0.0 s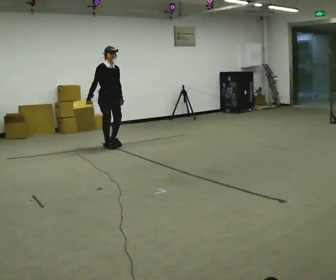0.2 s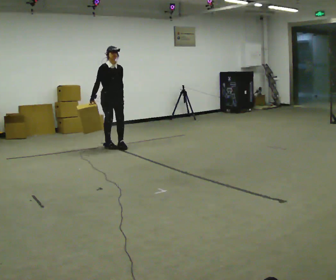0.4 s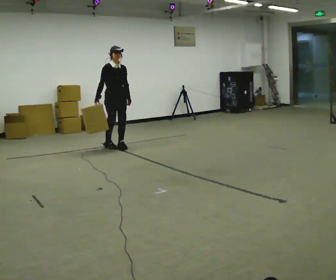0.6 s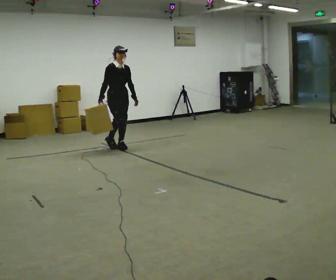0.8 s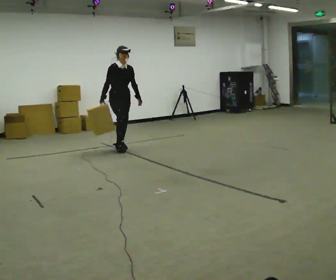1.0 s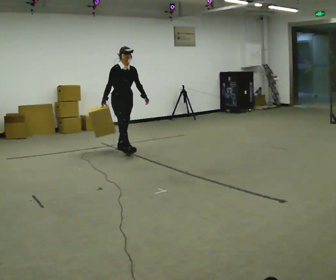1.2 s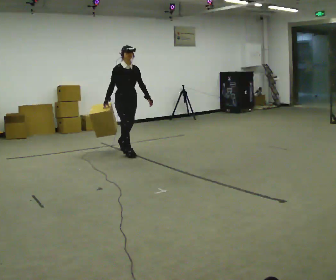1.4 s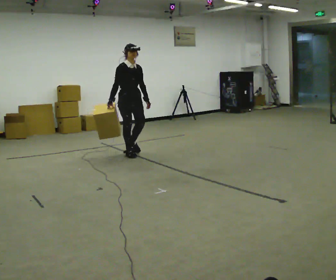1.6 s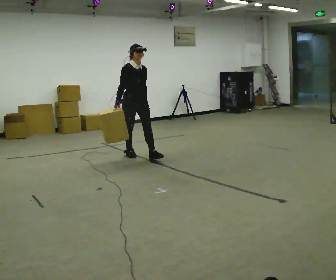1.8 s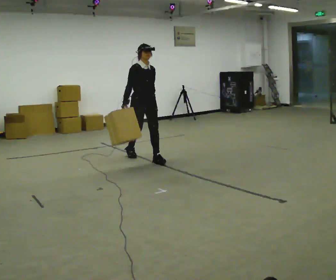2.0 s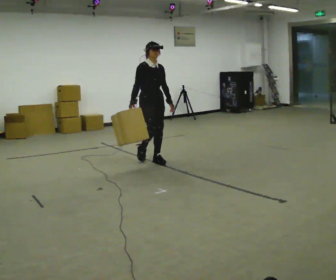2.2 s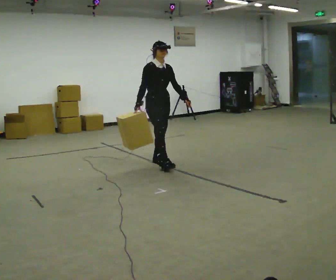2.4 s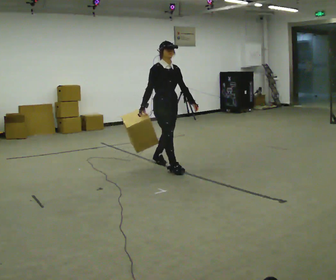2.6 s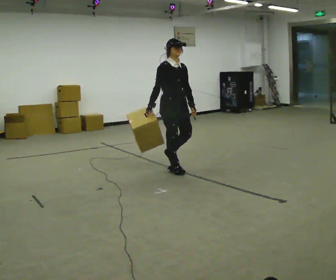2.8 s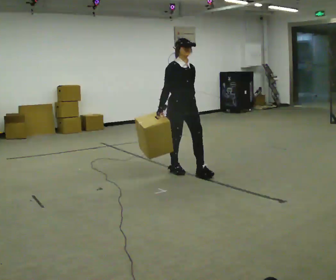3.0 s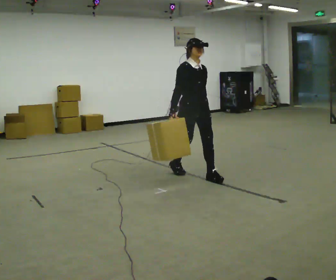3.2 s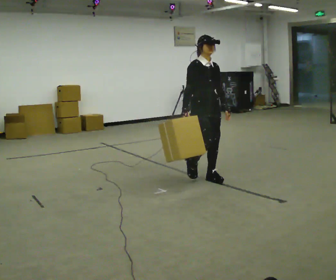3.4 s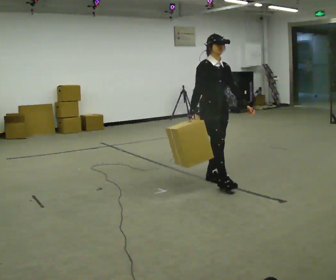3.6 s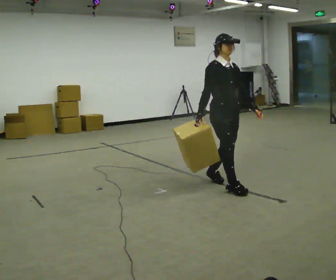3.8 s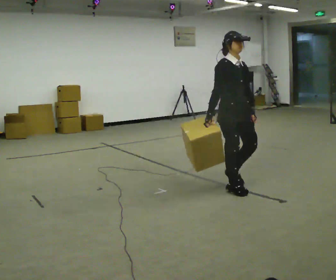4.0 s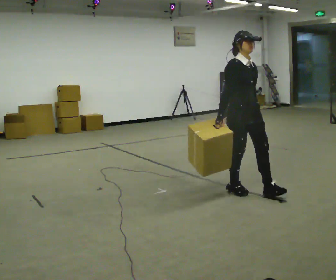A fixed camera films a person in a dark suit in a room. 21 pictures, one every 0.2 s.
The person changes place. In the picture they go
toward the camera.
0.0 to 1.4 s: In the picture they go toward the camera and to the right, about 0.75 m in 2 steps, which for them is forward.
1.4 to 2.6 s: In the picture they go toward the camera and to the right, about 1 m in 2 steps, which for them is forward.
2.6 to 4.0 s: In the picture they go toward the camera and to the right, about 1 m in 2 steps, which for them is forward.
The film runs forward here.
